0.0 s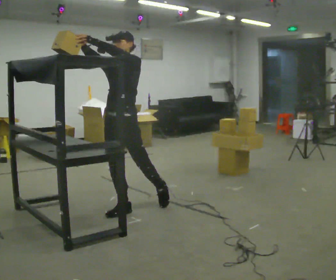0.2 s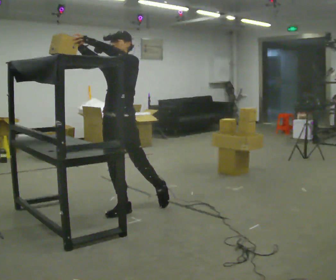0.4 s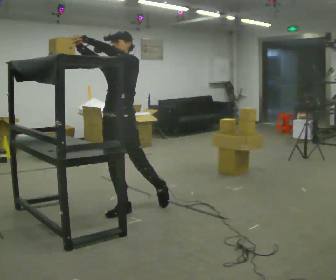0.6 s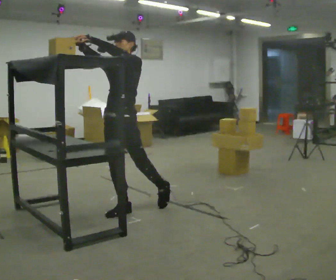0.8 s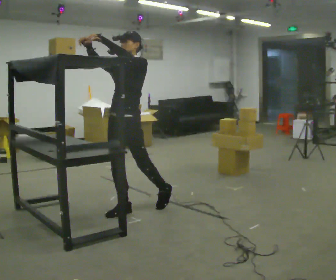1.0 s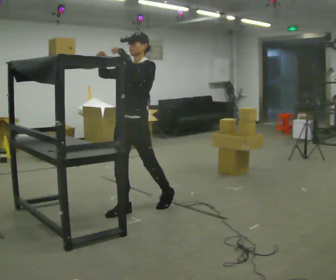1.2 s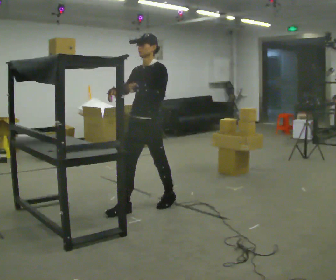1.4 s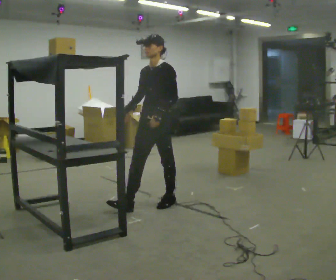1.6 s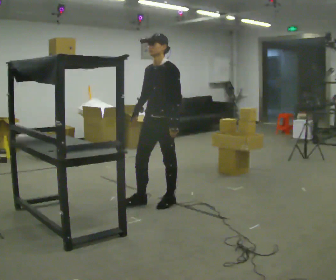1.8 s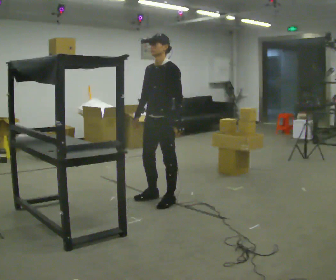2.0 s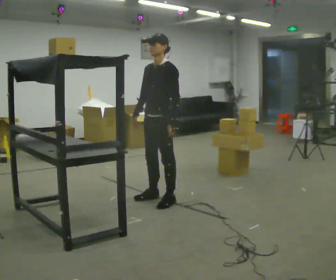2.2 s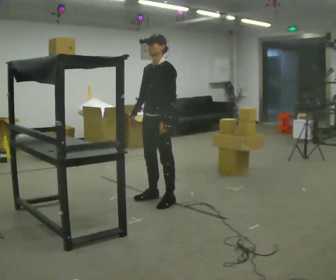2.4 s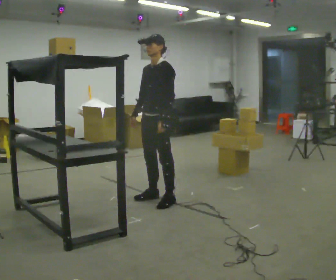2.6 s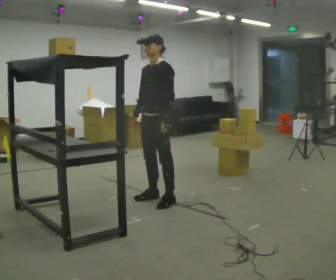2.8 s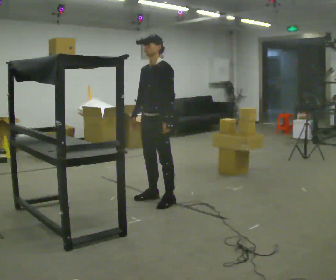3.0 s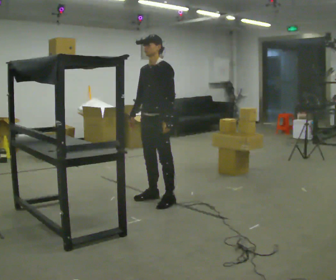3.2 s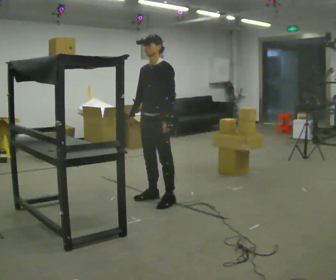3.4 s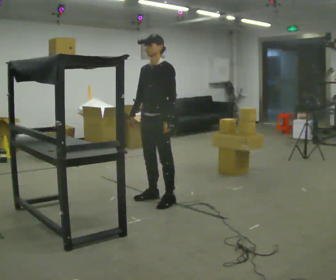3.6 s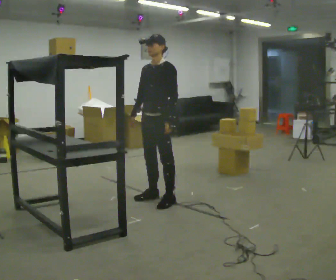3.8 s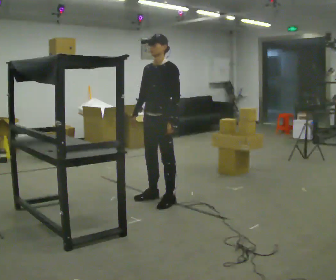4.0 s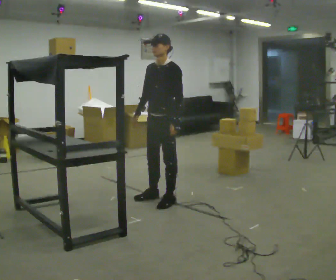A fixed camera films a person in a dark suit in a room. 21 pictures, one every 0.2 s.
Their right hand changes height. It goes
downward.
Their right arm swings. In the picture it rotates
counterclockwise.
0.0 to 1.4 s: In the picture they go to the right and away from the camera, about 0.5 m, which for them is backward and to their left. In the picture their right hand goes downward, the arm swinging counterclockwise.
1.4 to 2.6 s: In the picture they go away from the camera, about 0.25 m in 1 step, which for them is to their right.
2.6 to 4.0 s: The person moves a little, or ends about where they began.
The film runs forward here.
